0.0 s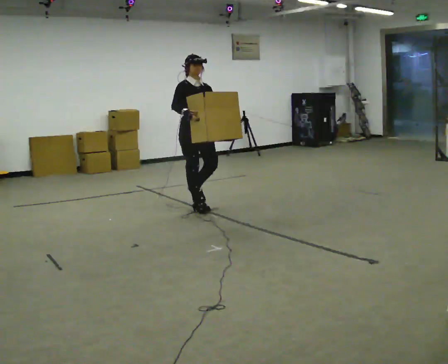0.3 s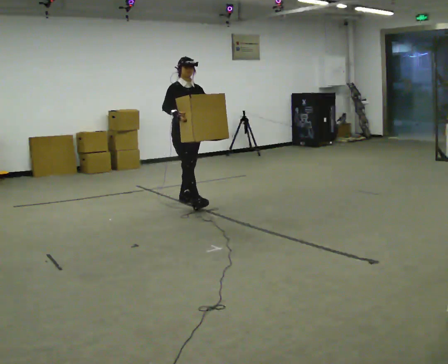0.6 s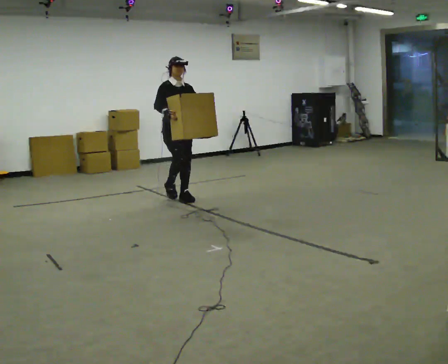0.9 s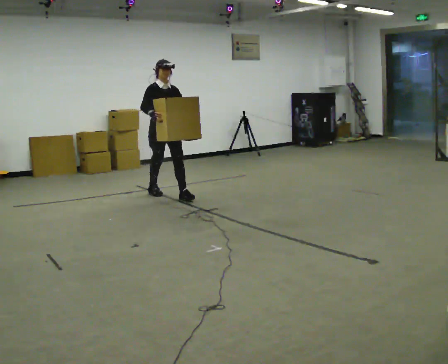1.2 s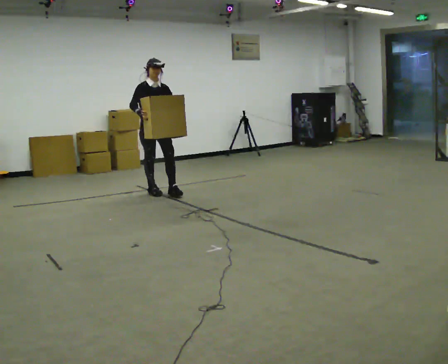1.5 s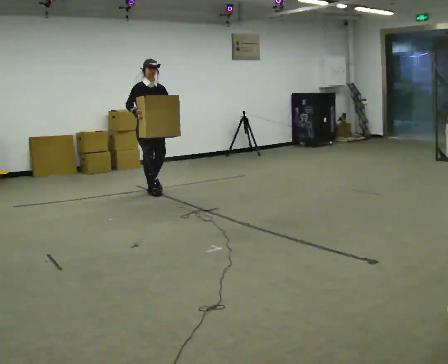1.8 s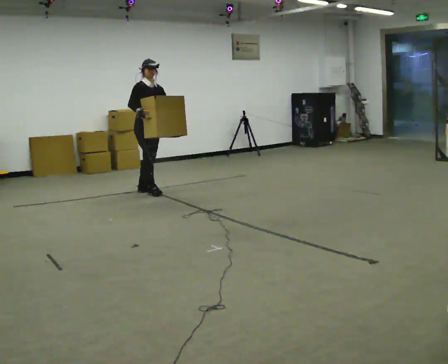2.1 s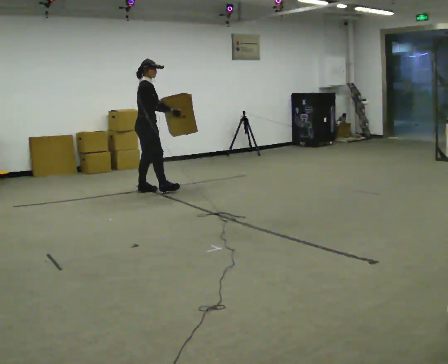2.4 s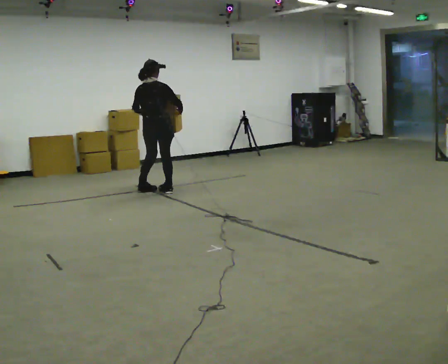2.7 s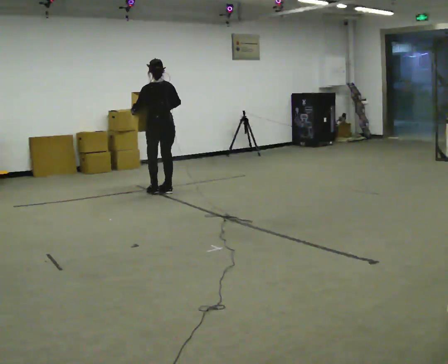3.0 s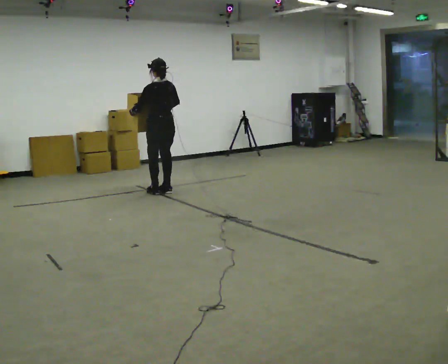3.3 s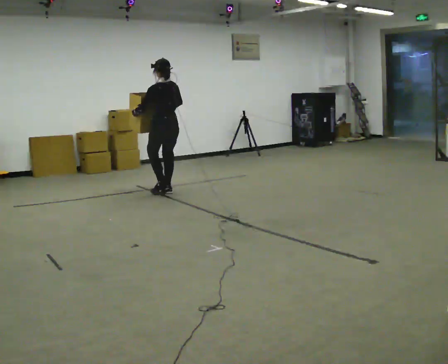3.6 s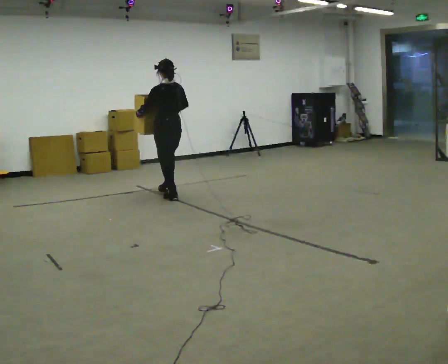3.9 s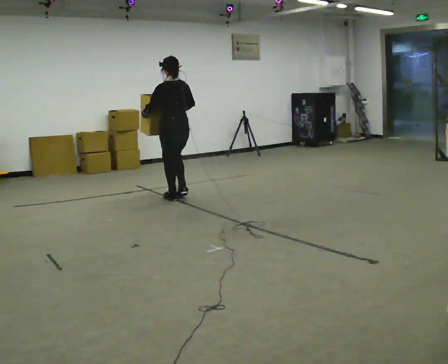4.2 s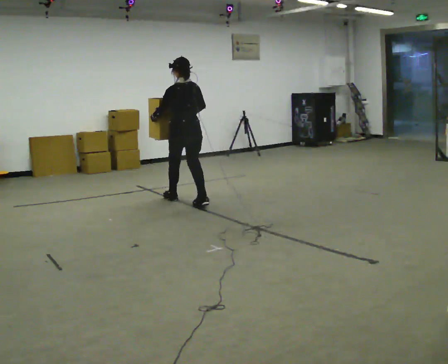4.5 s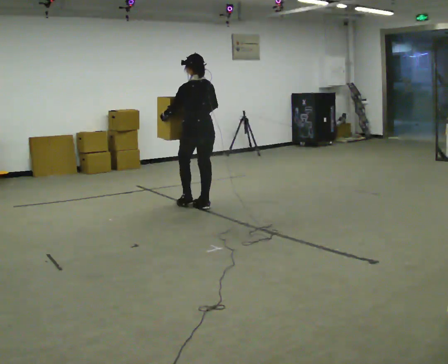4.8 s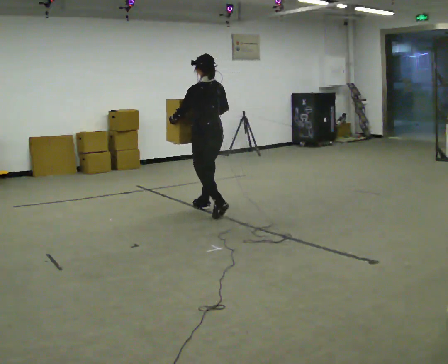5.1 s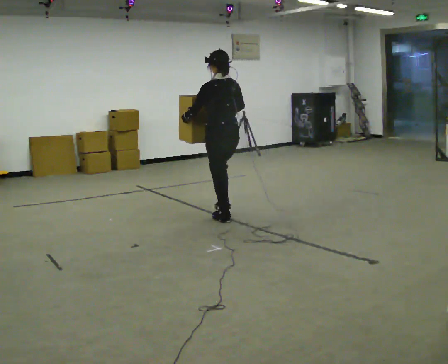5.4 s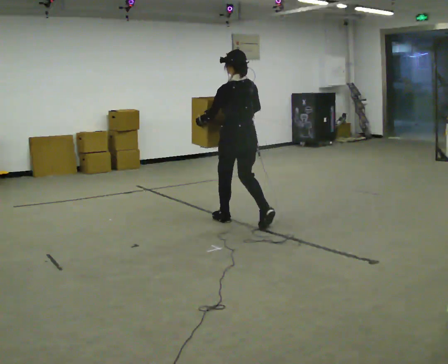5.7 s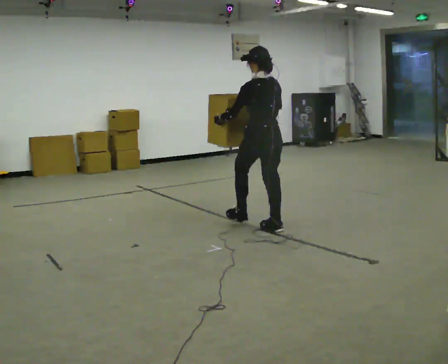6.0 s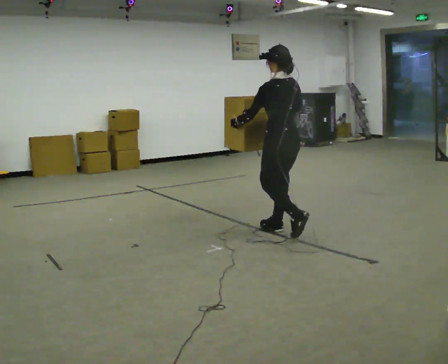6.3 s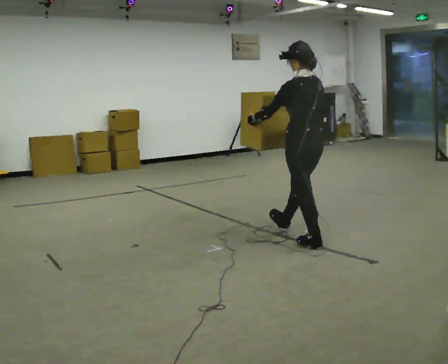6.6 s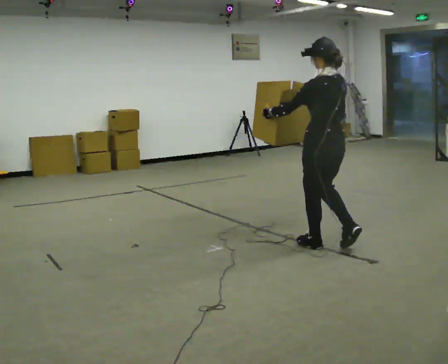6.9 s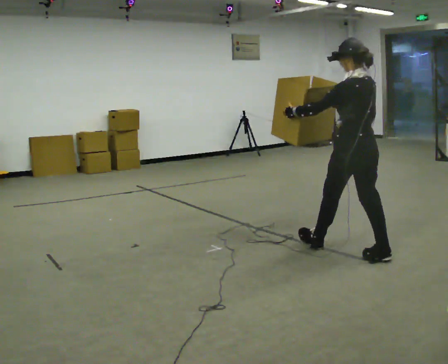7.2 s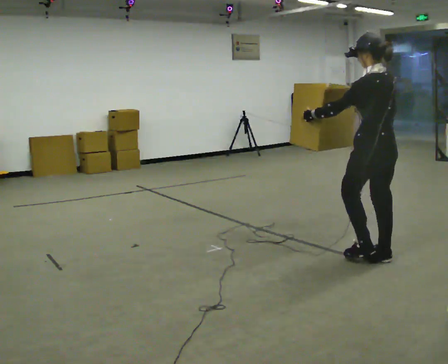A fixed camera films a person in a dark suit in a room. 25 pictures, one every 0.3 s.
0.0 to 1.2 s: In the picture they go away from the camera and to the left, about 1 m in 2 steps, which for them is backward.
1.2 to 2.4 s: The part of the body nearest the lens slides to the right as the person turns to their left by about 135 degrees. In the picture their right hand goes to the right.
2.4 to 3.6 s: The person turns about 45 degrees to their left, counterclockwise seen from above, so the part of the body nearest the lens slides to the right. In the picture they go toward the camera and to the right, about 0.25 m in 2 steps, which for them is backward.
3.6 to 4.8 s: In the picture they go toward the camera and to the right, about 1 m in 2 steps, which for them is backward.
4.8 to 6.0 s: In the picture they go toward the camera and to the right, about 1 m in 2 steps, which for them is backward.
6.0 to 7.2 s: In the picture they go toward the camera and to the right, about 1 m in 2 steps, which for them is backward.
The film runs backward here.
